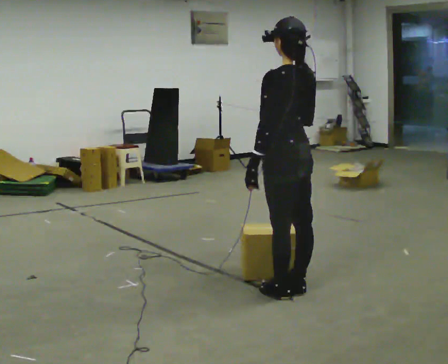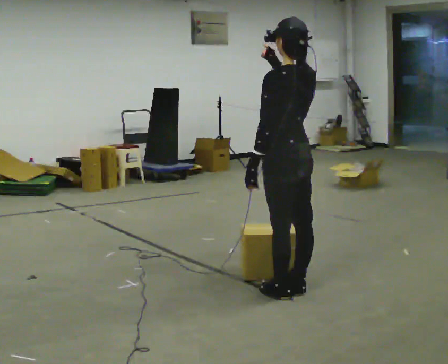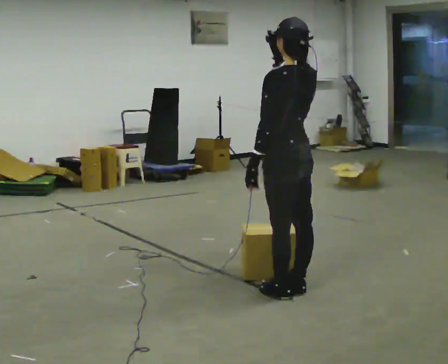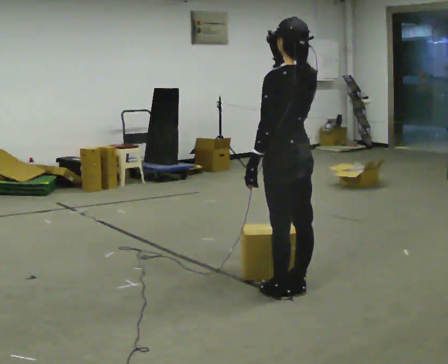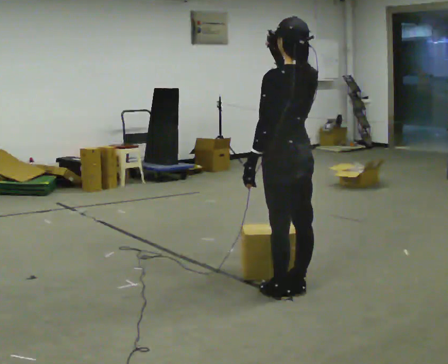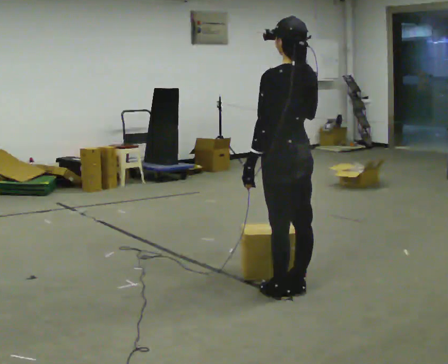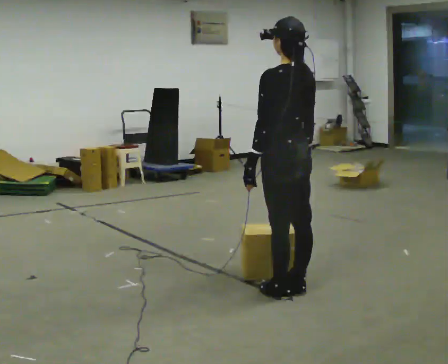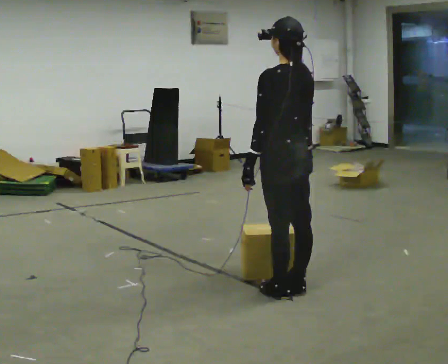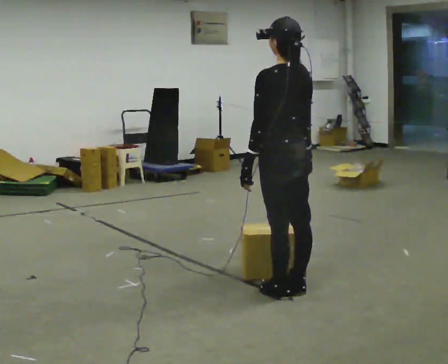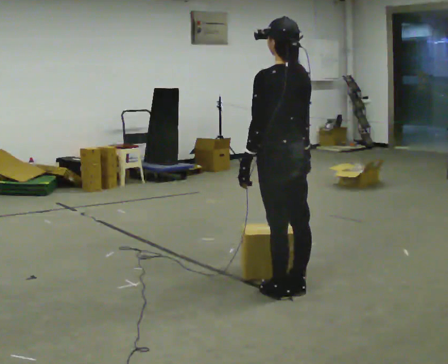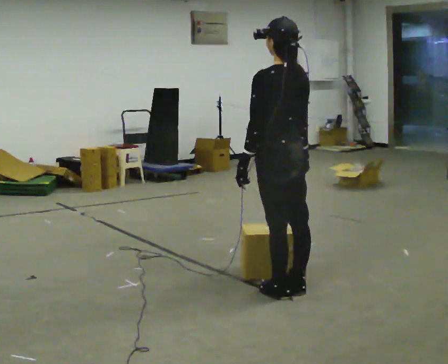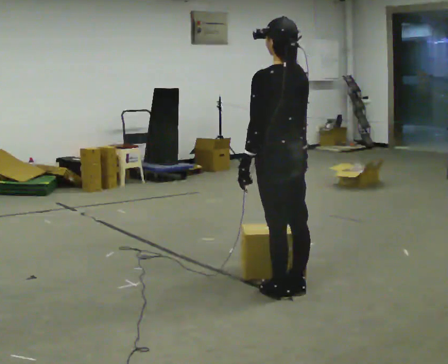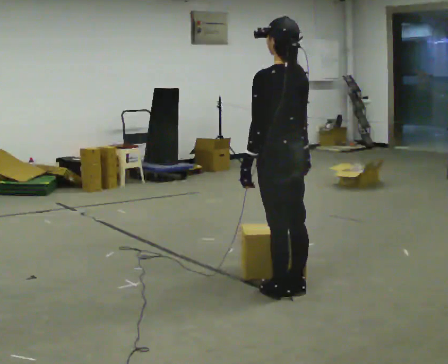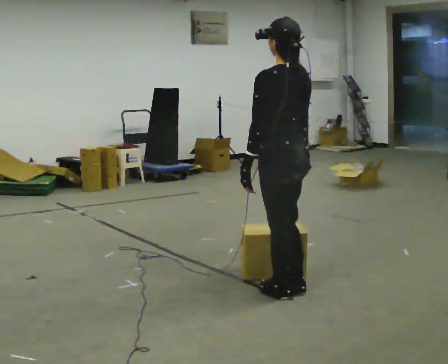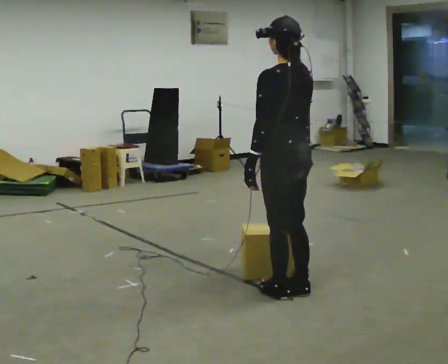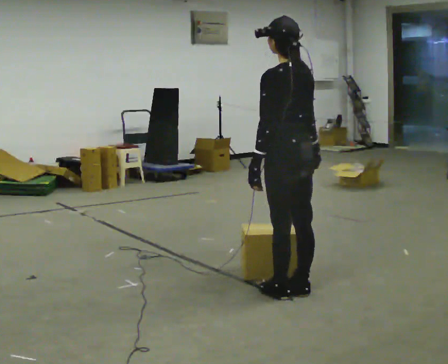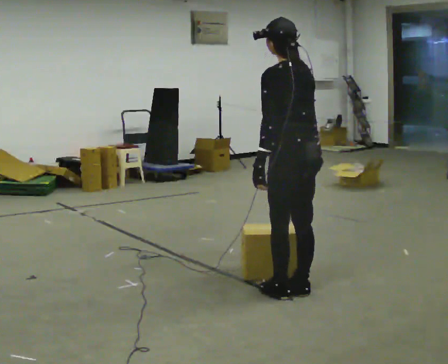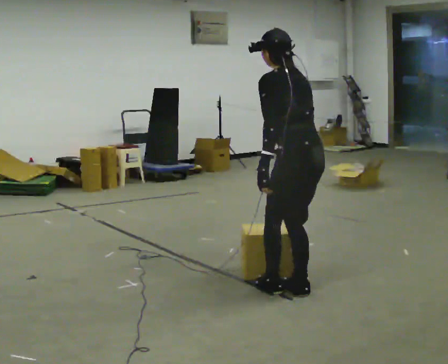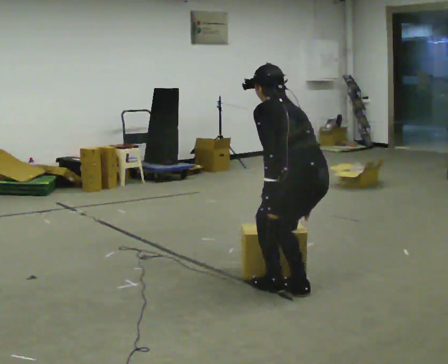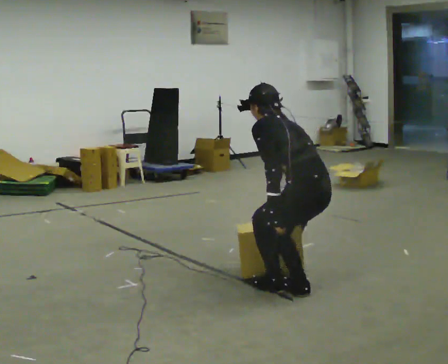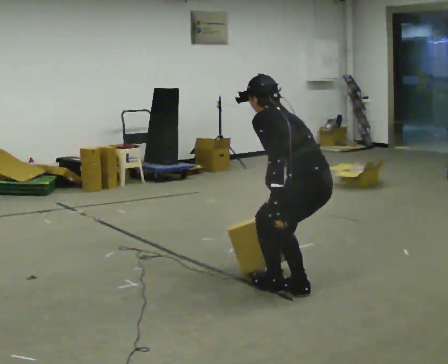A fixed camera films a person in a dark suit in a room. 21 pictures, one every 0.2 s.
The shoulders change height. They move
downward.
0.0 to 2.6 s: The person moves a little, or ends about where they began.
2.6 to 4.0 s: In the picture they go to the right, about 0.25 m, which for them is backward. The shoulders move downward. The upper body tips away from the camera, its near side rolling upward, as they bend forward.
The film runs backward here.
